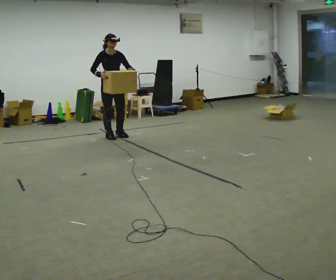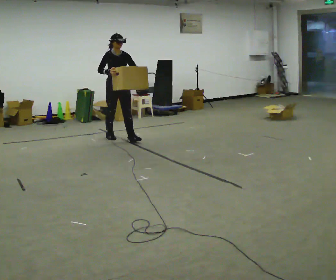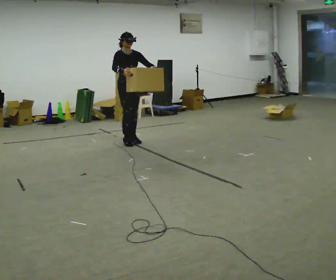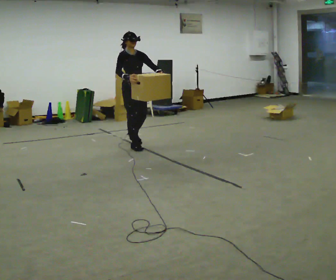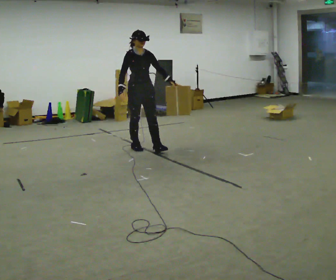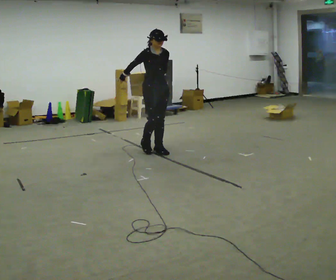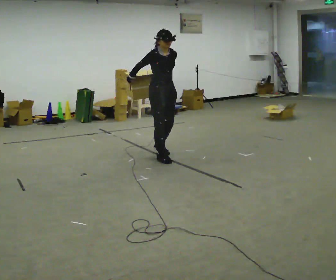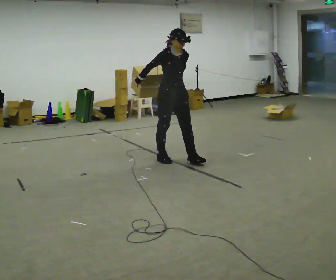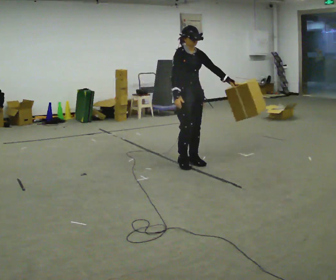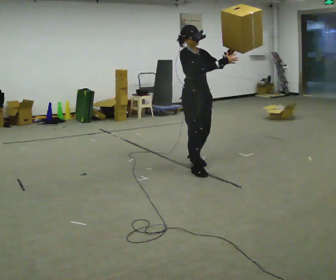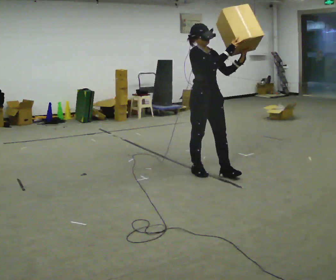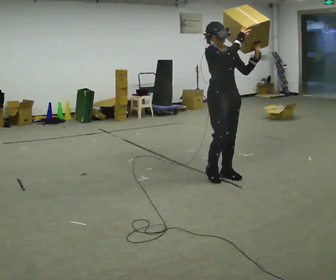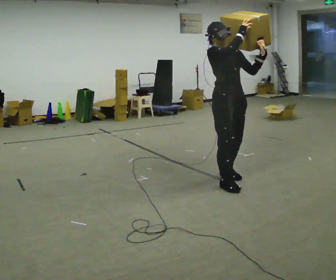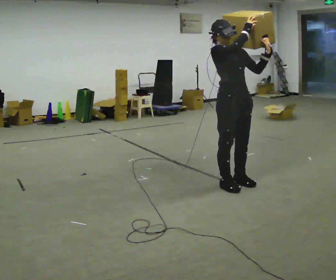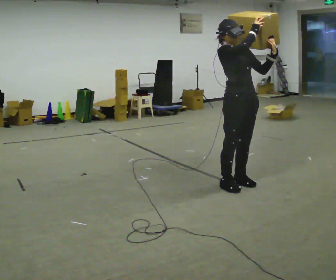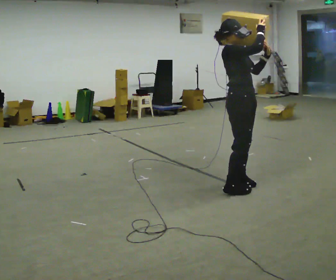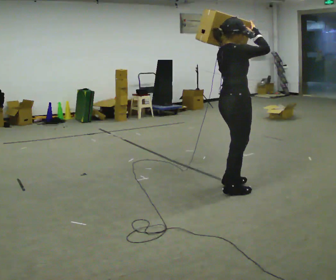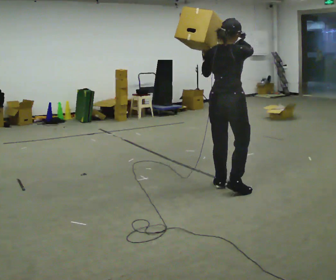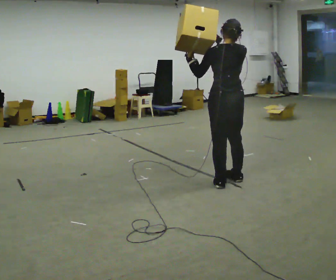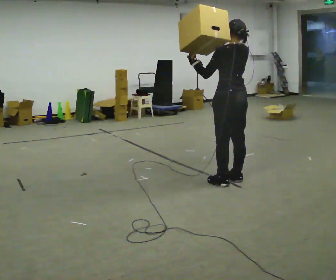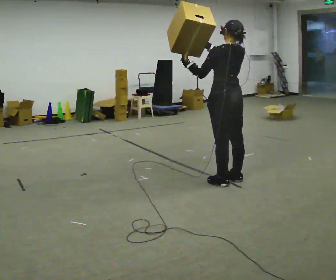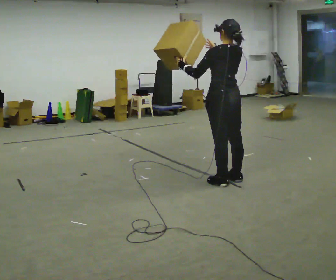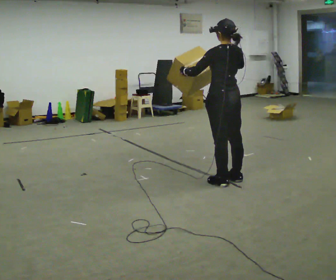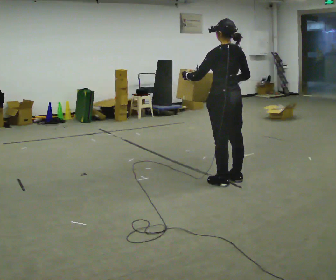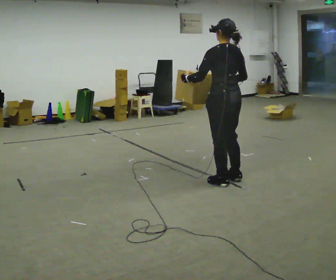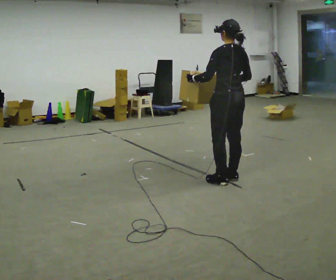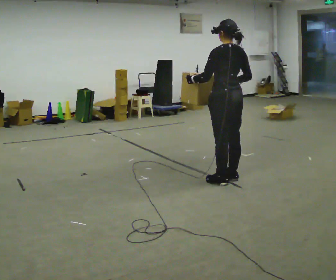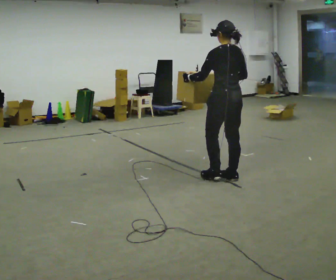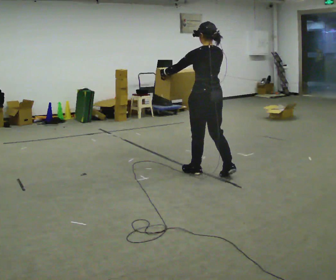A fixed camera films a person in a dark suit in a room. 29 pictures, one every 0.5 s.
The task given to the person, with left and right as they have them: Carry the box and, while walking, shift it to a different hold: front, then hip, then shoulder, then back to front. Do not stop walking.
0.0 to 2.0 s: In the picture they go to the right and toward the camera, about 1 m in 2 steps, which for them is forward.
2.0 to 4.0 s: In the picture they go to the right and toward the camera, about 1 m in 3 steps, which for them is forward.
4.0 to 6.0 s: In the picture they go toward the camera and to the right, about 1 m in 3 steps, which for them is forward. In the picture their right hand goes upward.
6.0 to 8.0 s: The part of the body nearest the lens slides to the right as the person turns to their left by about 75 degrees. In the picture they go toward the camera, about 0.25 m in 2 steps.
8.0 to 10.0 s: Seen from above the body turns counterclockwise, about 105 degrees: to their left, with its near side sliding to the right. In the picture they go away from the camera, about 0.25 m in 2 steps.
10.0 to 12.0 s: In the picture their right hand goes downward.
12.0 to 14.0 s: In the picture they go away from the camera and to the left, about 0.25 m in 1 step, which for them is forward.
The film runs forward here.
